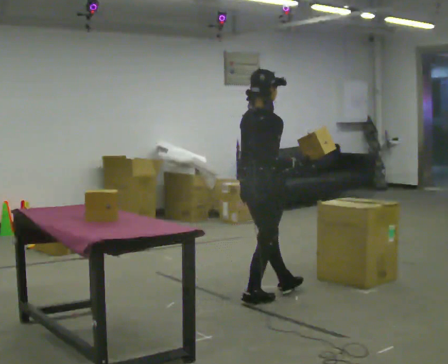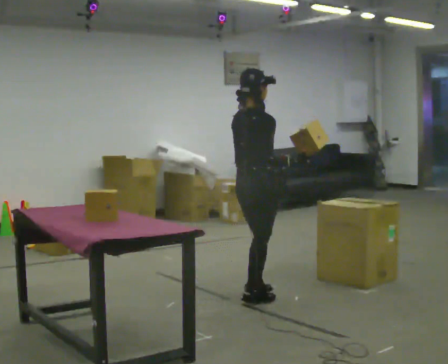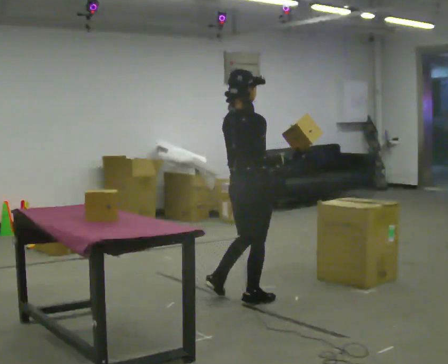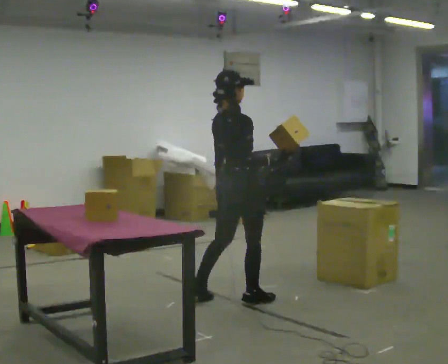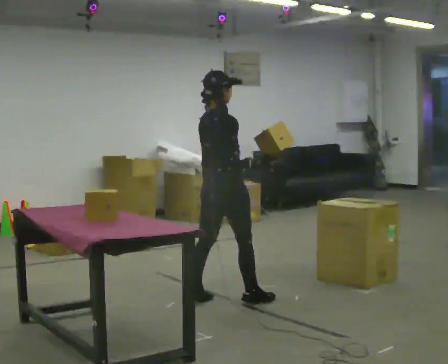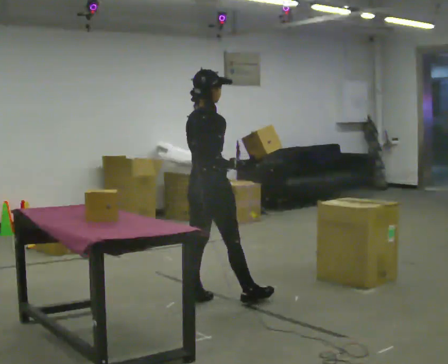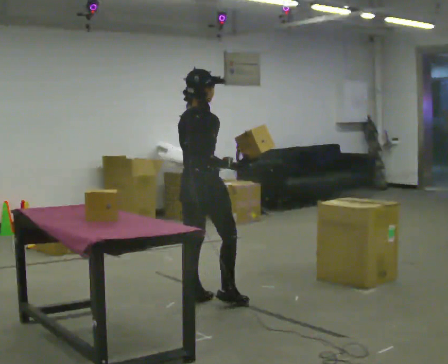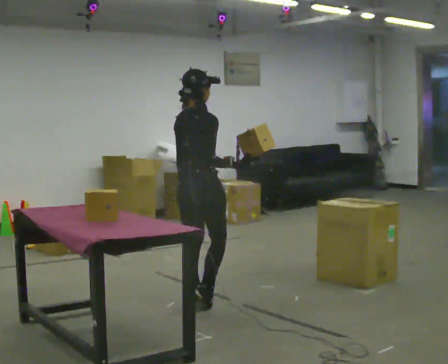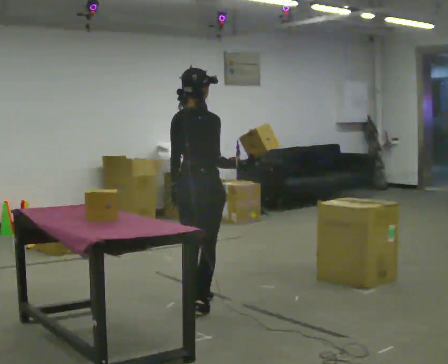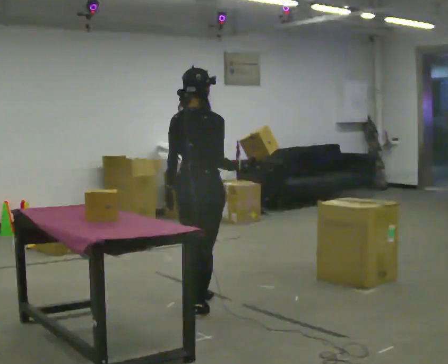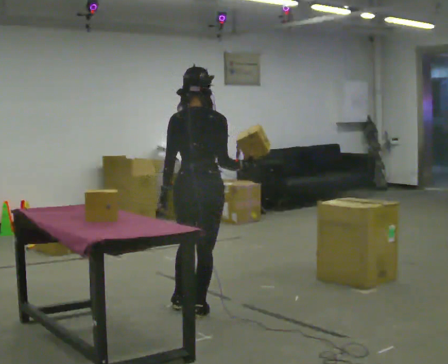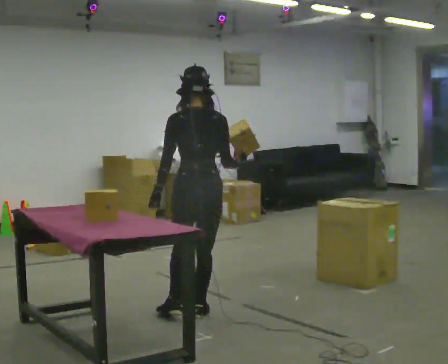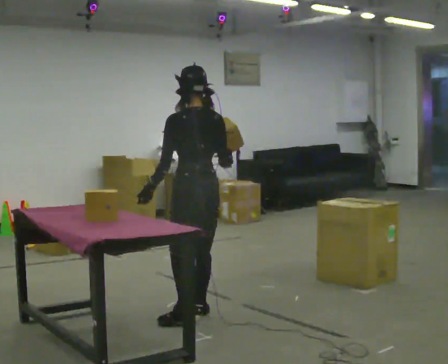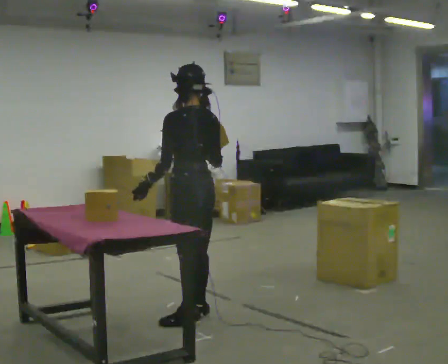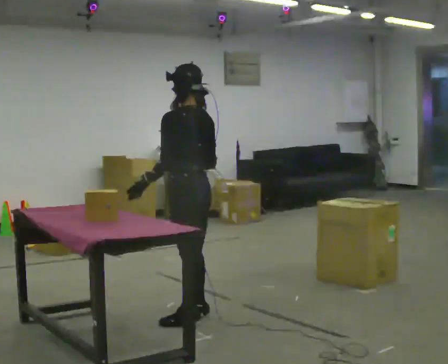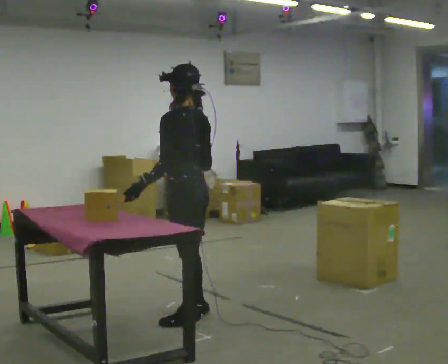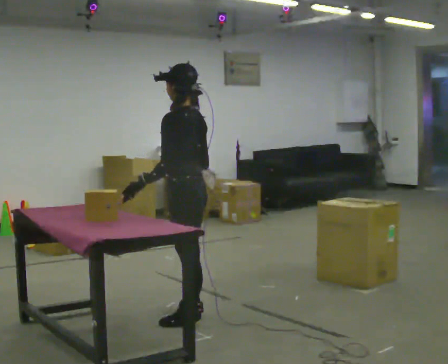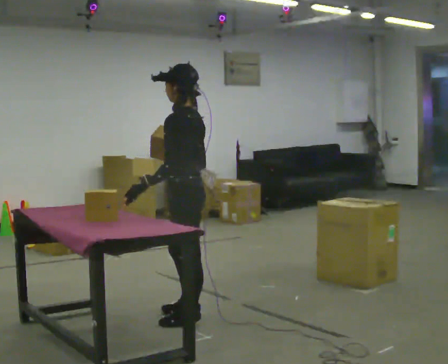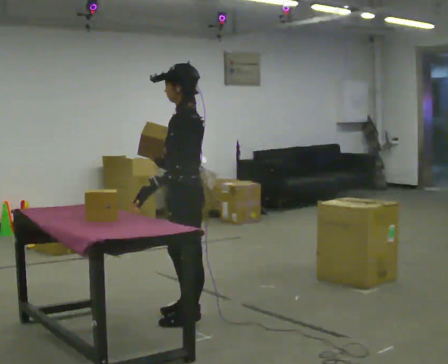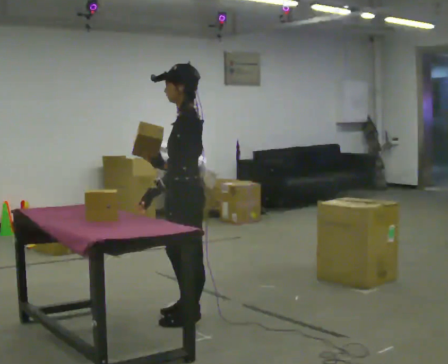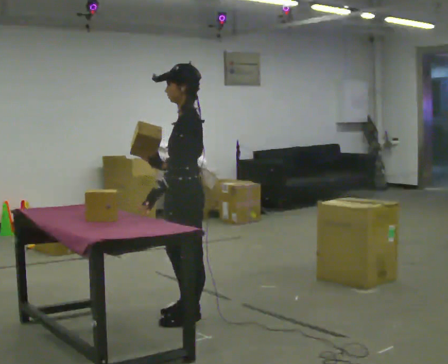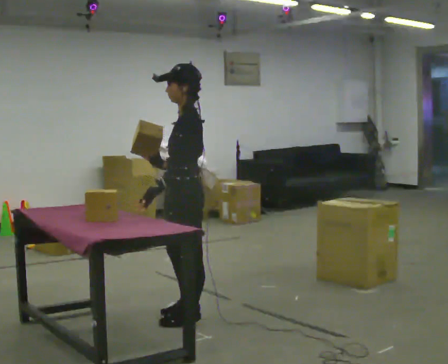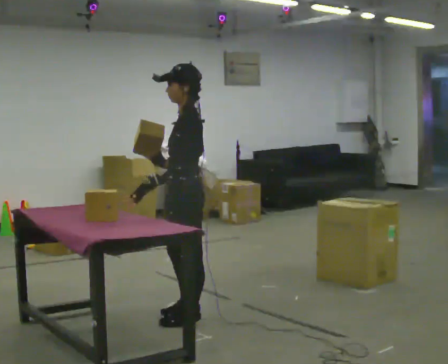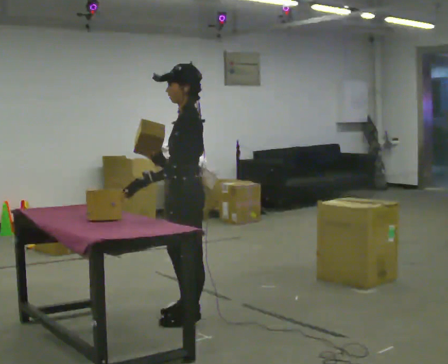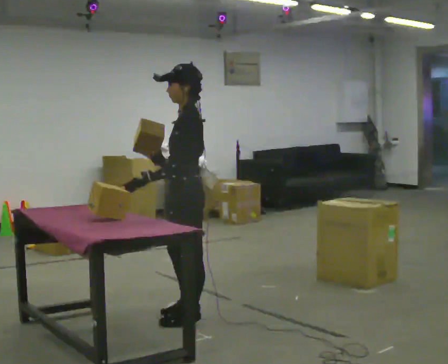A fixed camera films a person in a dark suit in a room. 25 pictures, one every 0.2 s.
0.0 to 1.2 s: In the picture they go to the left, about 0.5 m in 1 step, which for them is backward and to their left.
1.2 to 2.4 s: Seen from above the body turns counterclockwise, about 75 degrees: to their left, with its near side sliding to the right. In the picture they go toward the camera, about 0.25 m in 1 step.
2.4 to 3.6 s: The person turns about 60 degrees to their left, counterclockwise seen from above, so the part of the body nearest the lens slides to the right. In the picture they go toward the camera, about 0.25 m, which for them is to their left. In the picture their right hand goes to the left, the arm swinging clockwise.
3.6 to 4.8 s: The person moves a little, or ends about where they began.
The film runs backward here.
